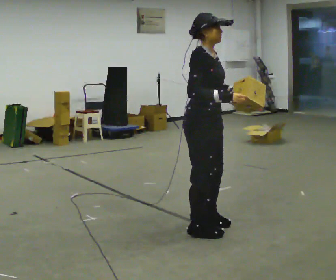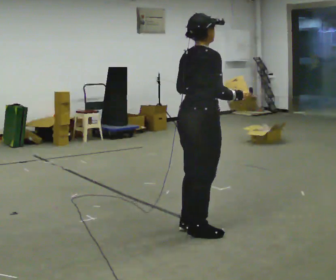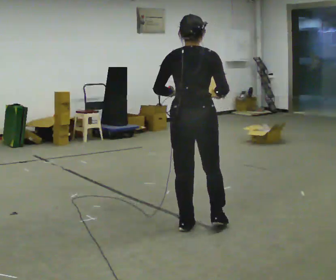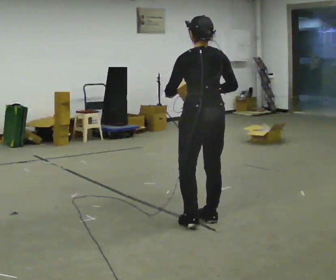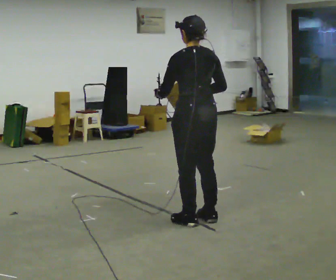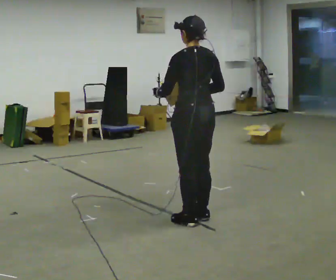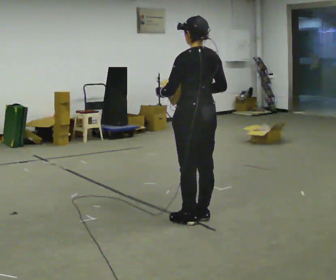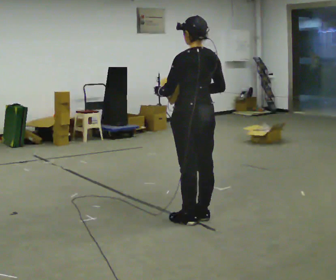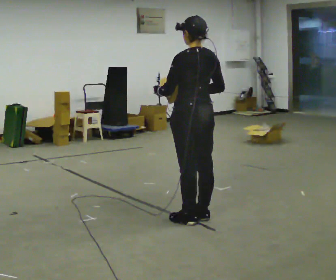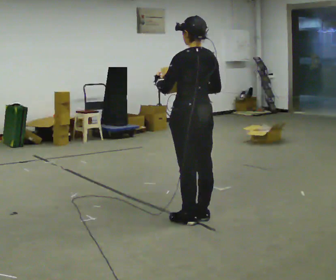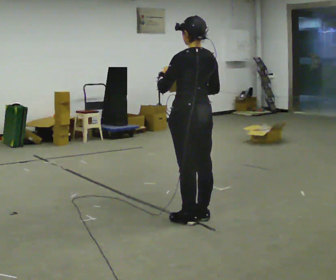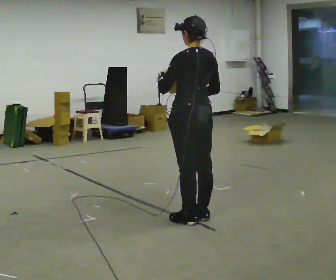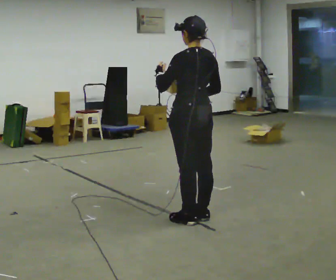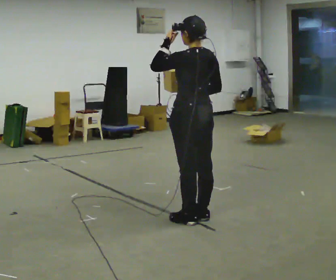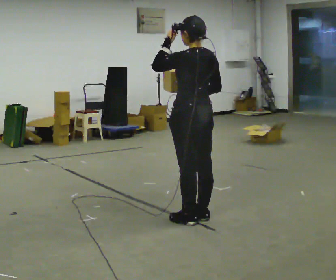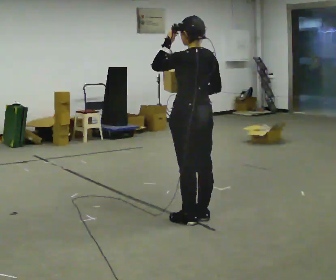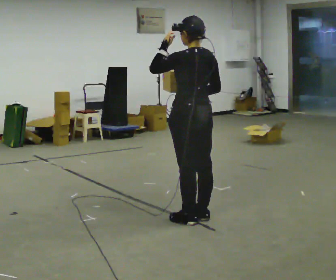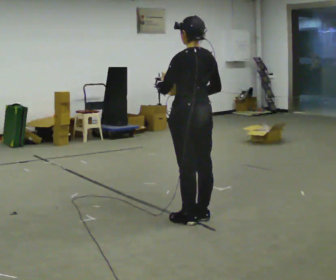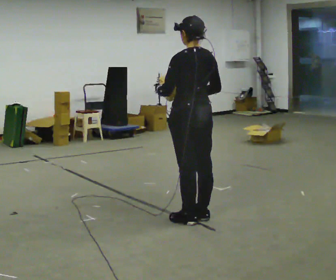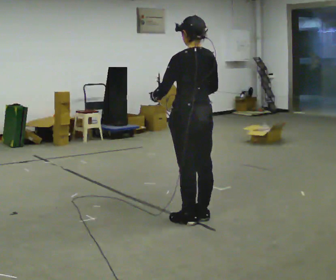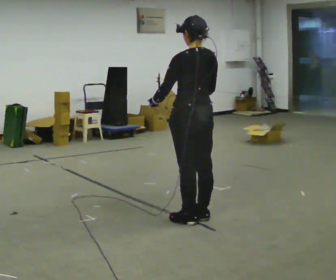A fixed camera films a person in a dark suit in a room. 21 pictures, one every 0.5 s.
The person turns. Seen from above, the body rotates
counterclockwise.
The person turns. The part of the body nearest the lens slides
to the right.
0.0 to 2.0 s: The person turns about 135 degrees to their left, counterclockwise seen from above, so the part of the body nearest the lens slides to the right. In the picture they go away from the camera, about 0.25 m in 2 steps. In the picture their left hand goes to the left.
2.0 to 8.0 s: In the picture their left hand goes upward.
8.0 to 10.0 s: In the picture their left hand goes downward.
The film runs forward here.
